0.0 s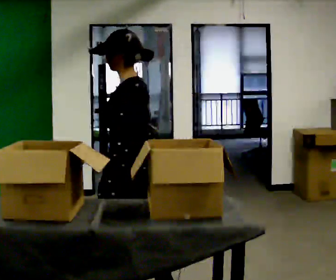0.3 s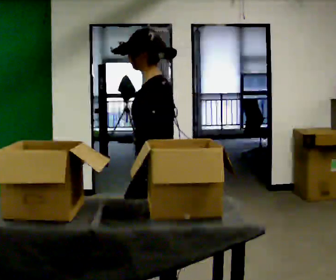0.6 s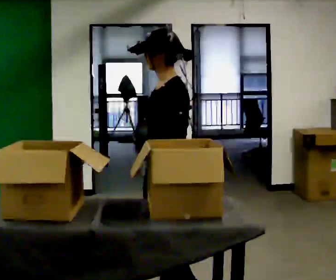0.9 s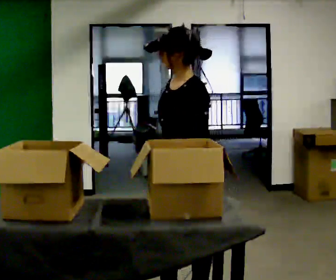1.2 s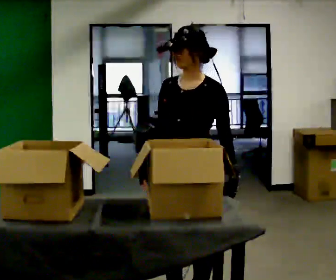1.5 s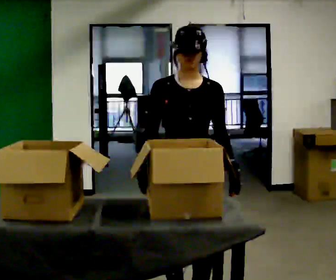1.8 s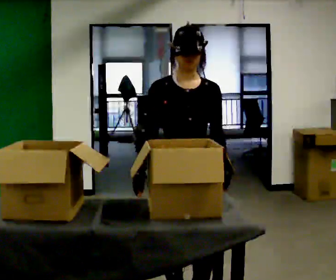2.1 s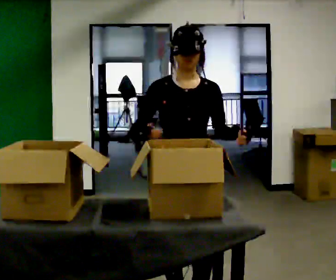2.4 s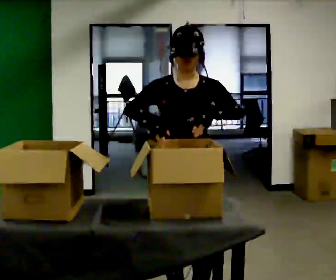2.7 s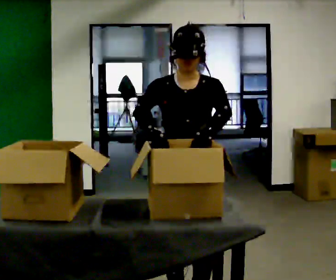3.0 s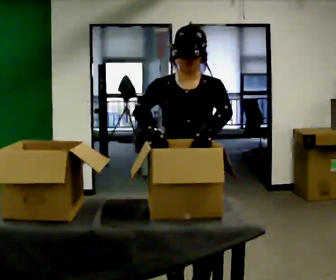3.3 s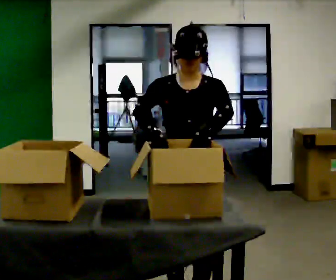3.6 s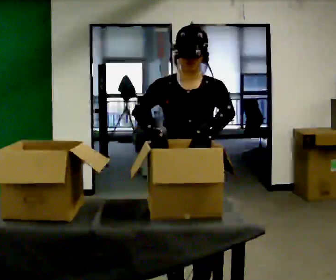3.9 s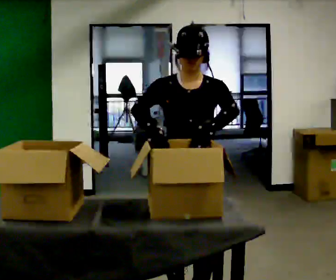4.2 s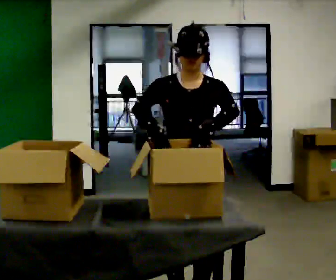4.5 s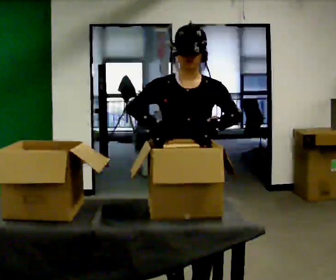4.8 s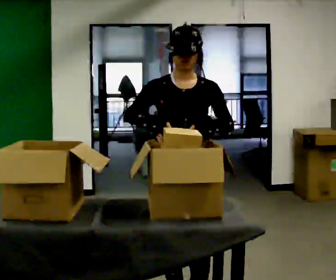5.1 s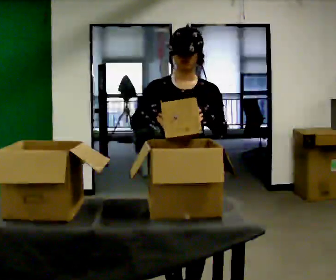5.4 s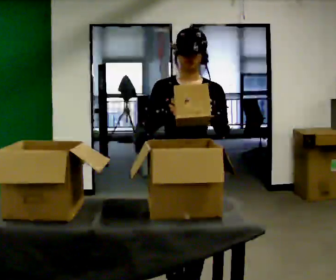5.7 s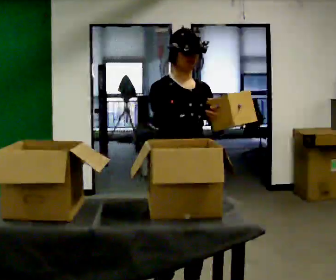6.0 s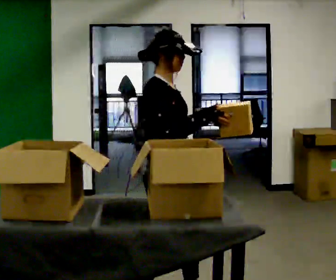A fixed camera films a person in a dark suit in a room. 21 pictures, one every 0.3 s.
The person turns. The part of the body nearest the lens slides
to the right.
The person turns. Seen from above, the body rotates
counterclockwise.
0.0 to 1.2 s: Seen from above the body turns counterclockwise, about 75 degrees: to their left, with its near side sliding to the right. In the picture they go to the right, about 0.25 m in 1 step.
1.2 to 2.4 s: The person turns about 30 degrees to their left, counterclockwise seen from above, so the part of the body nearest the lens slides to the right.
2.4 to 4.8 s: The person moves a little, or ends about where they began.
4.8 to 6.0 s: Seen from above the body turns counterclockwise, about 75 degrees: to their left, with its near side sliding to the right.
The film runs backward here.
